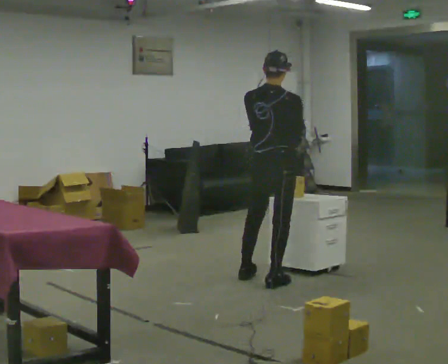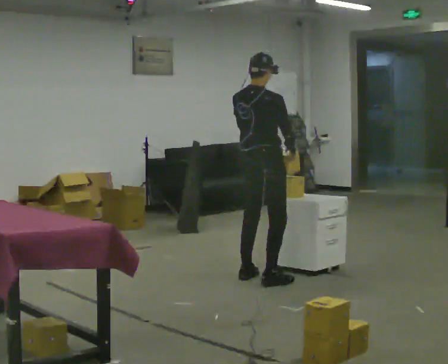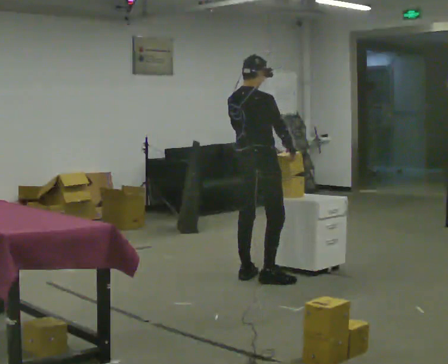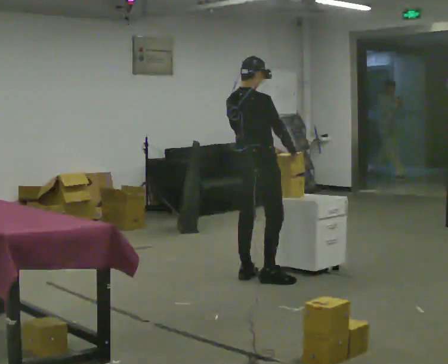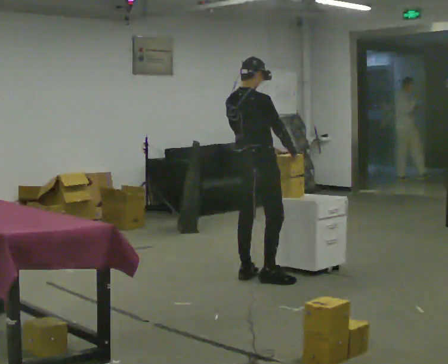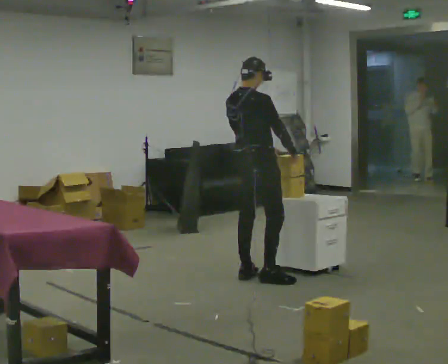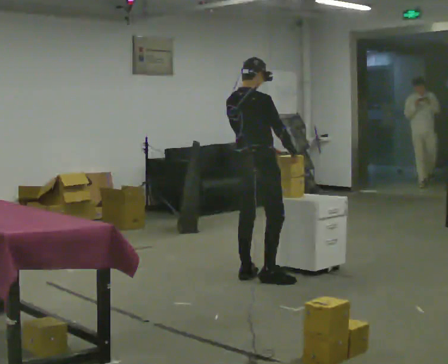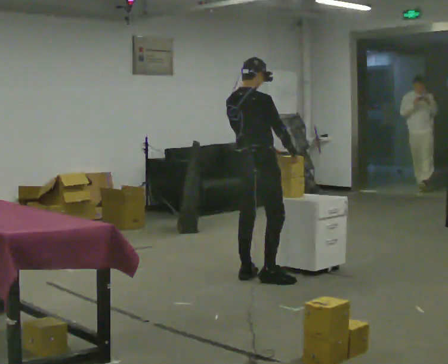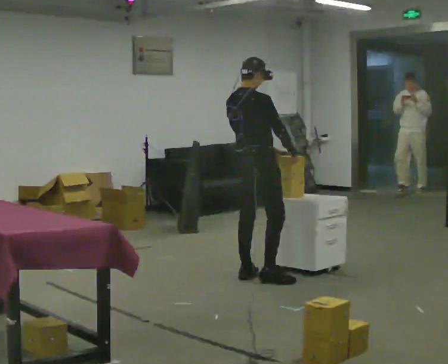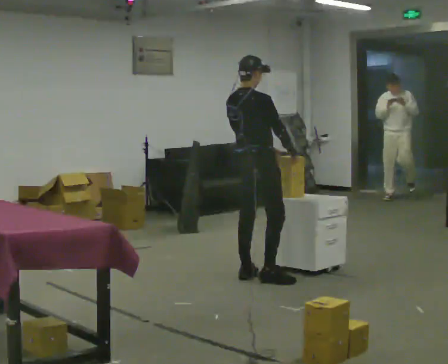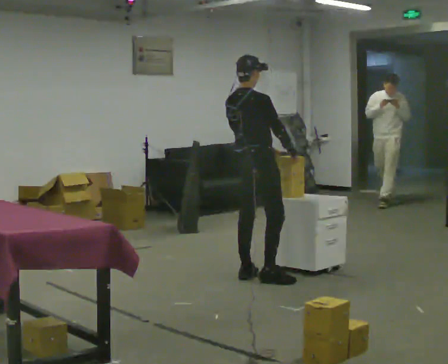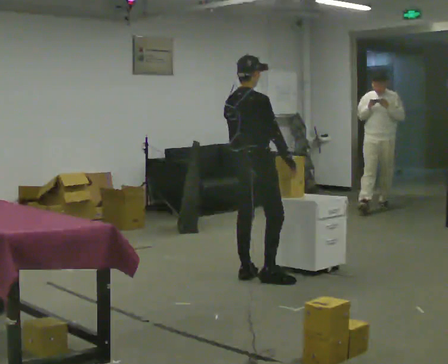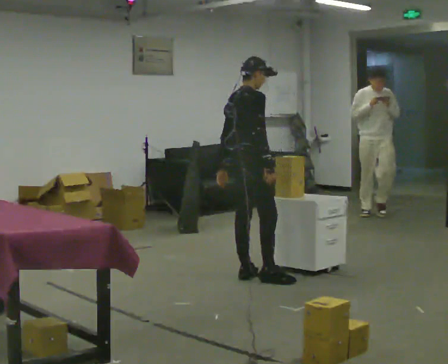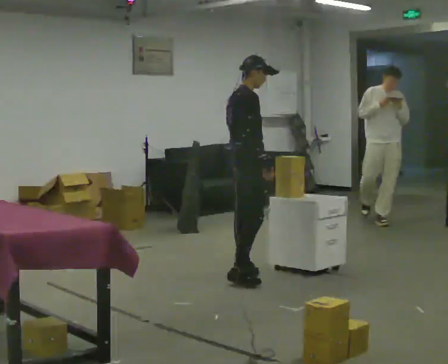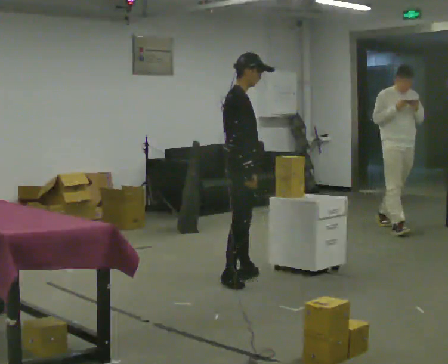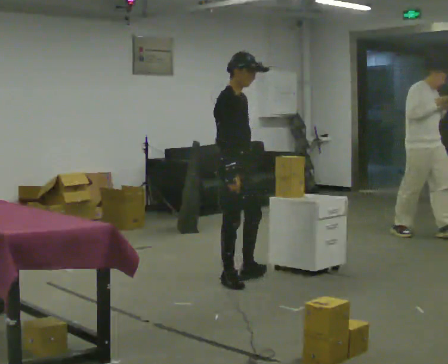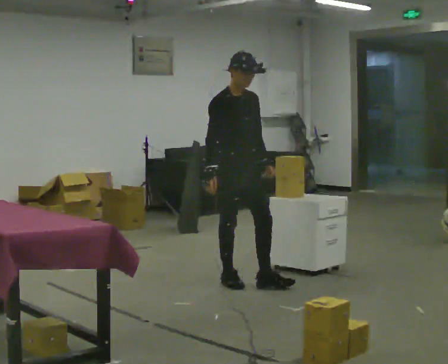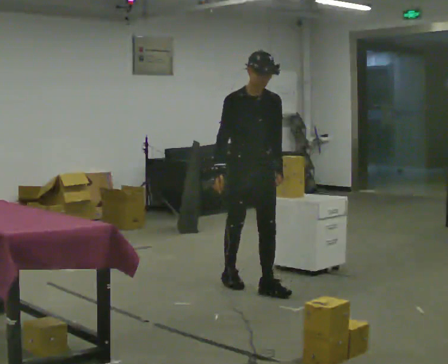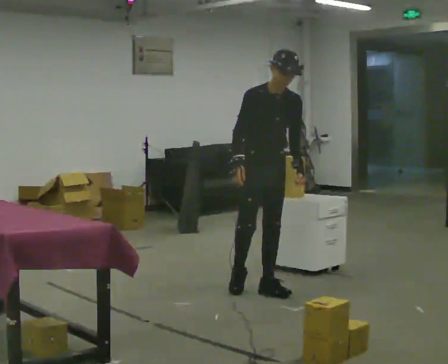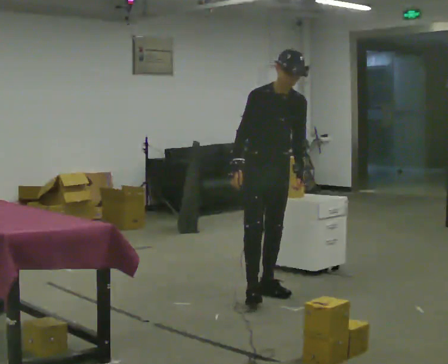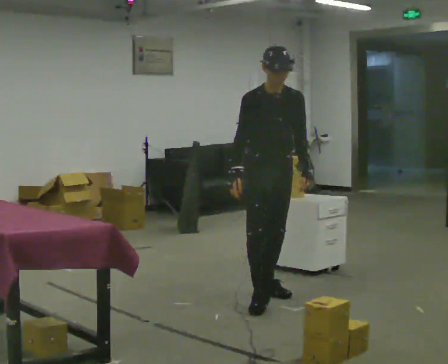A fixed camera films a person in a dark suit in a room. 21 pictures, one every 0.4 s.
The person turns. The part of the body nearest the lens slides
to the left.
The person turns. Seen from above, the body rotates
clockwise.
0.0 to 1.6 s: Seen from above the body turns clockwise, about 30 degrees: to their right, with its near side sliding to the left. In the picture they go away from the camera, about 0.25 m in 1 step, which for them is to their left.
1.6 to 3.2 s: The person keeps their place and pose.
3.2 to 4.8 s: The person moves a little, or ends about where they began.
4.8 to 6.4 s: The person turns about 75 degrees to their right, clockwise seen from above, so the part of the body nearest the lens slides to the left. In the picture they go toward the camera, about 0.25 m in 1 step.
6.4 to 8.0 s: In the picture they go toward the camera and to the right, about 0.5 m in 2 steps, which for them is forward.
The film runs forward here.
